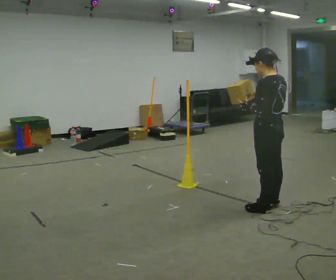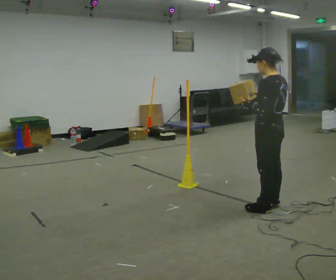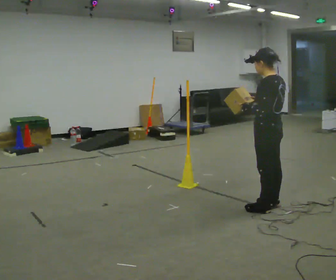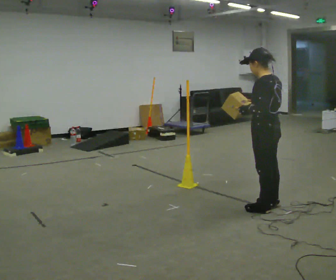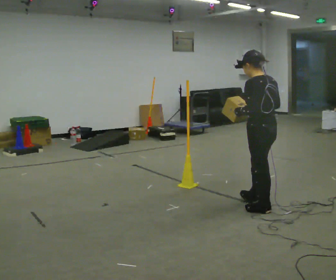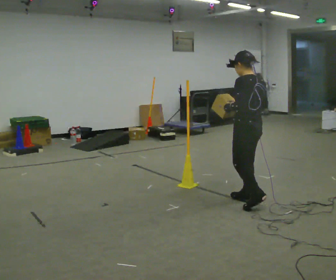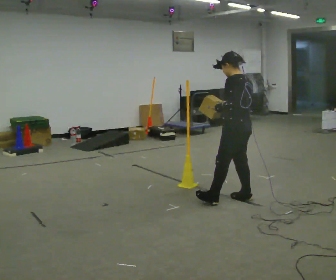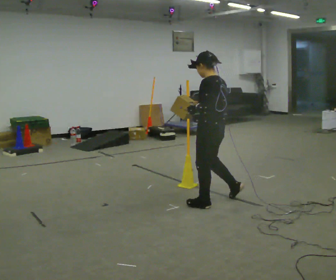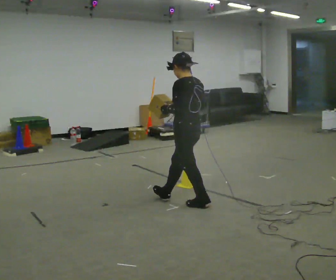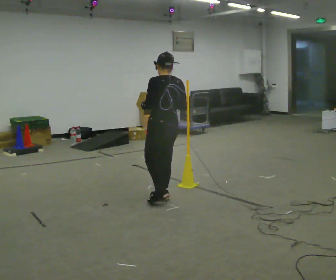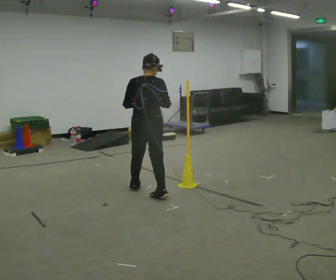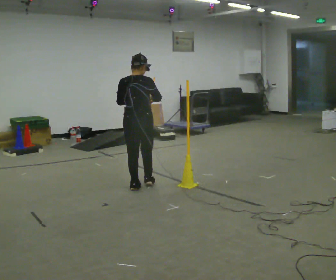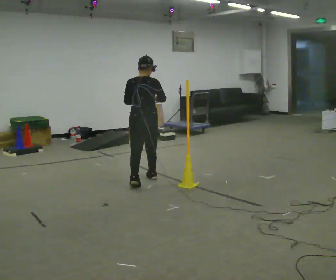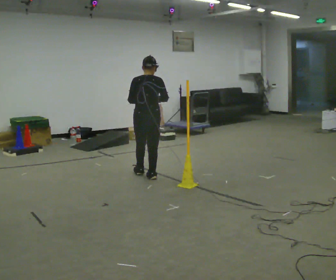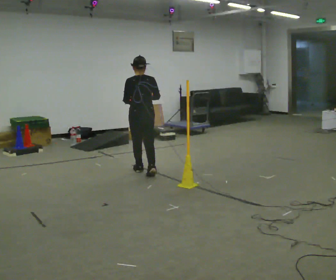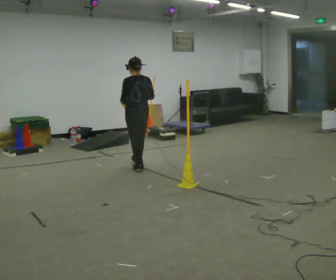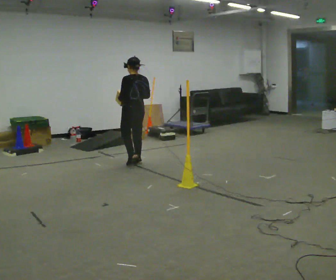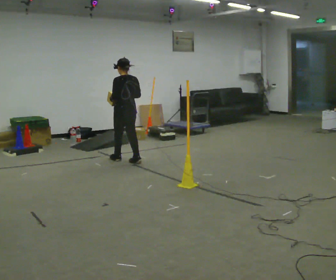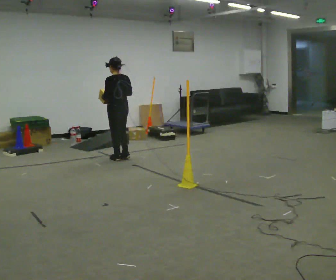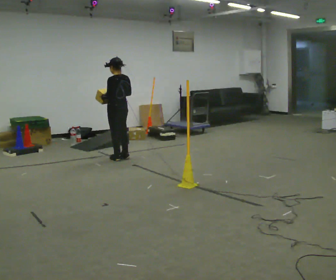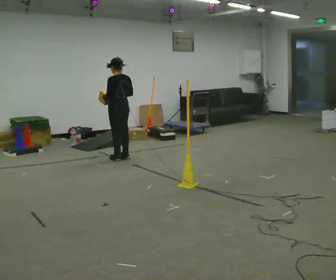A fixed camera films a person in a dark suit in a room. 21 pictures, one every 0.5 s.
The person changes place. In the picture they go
away from the camera.
0.0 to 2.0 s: The person moves a little, or ends about where they began.
2.0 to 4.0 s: In the picture they go to the left and away from the camera, about 0.5 m in 2 steps, which for them is forward.
4.0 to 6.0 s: The part of the body nearest the lens slides to the left as the person turns to their right by about 60 degrees. In the picture they go away from the camera and to the left, about 1 m in 3 steps.
6.0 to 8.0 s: The person turns about 30 degrees to their left, counterclockwise seen from above, so the part of the body nearest the lens slides to the right. In the picture they go away from the camera, about 1 m in 2 steps, which for them is forward.
8.0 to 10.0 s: In the picture they go away from the camera and to the left, about 0.5 m in 2 steps, which for them is forward.
The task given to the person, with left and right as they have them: Carry the box across the room. The operator will step into your path partway across, so go around them and carry on. Keep going until the operator says stop; one object at a time, and do not rush between trips.
The film runs forward here.
